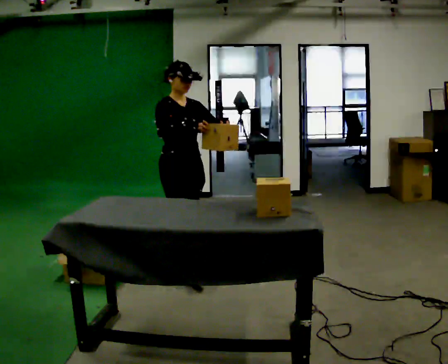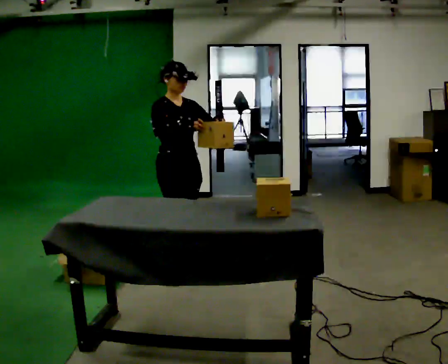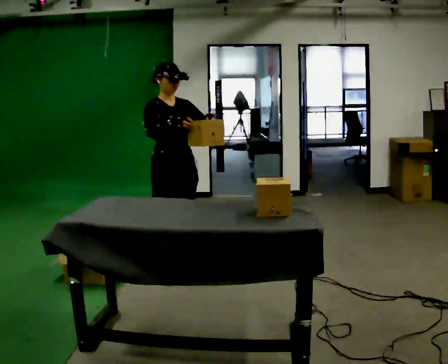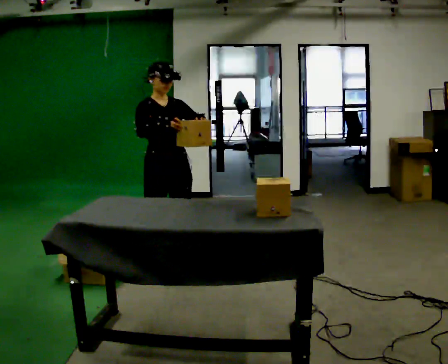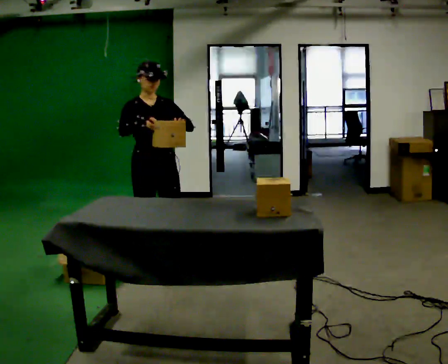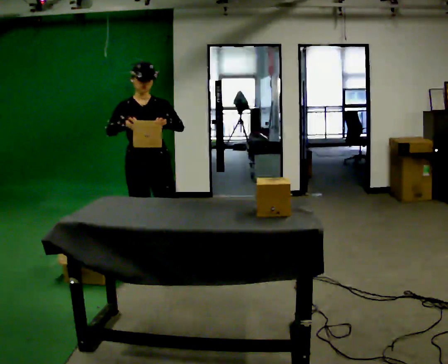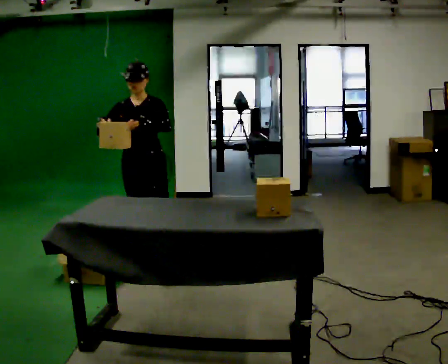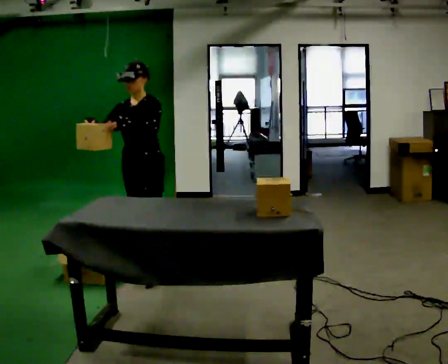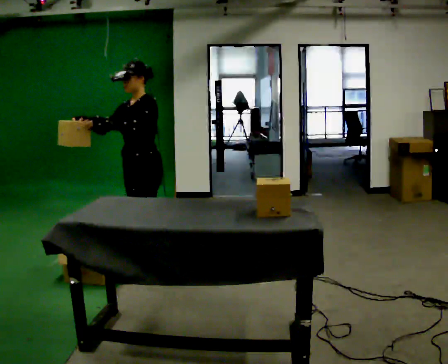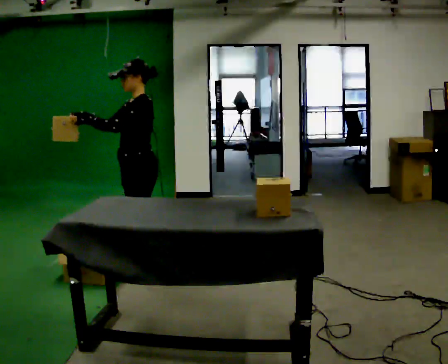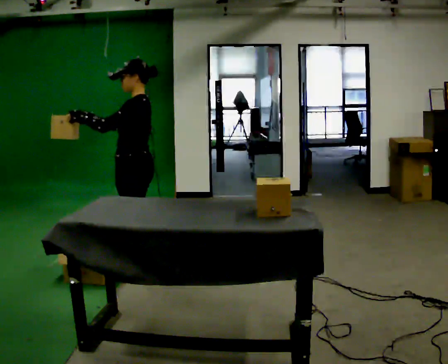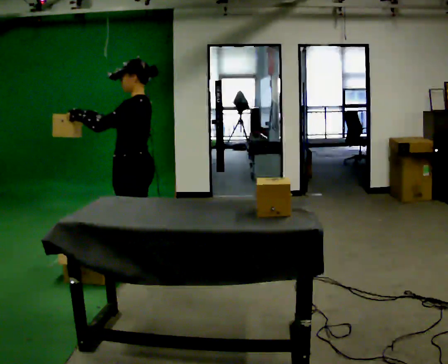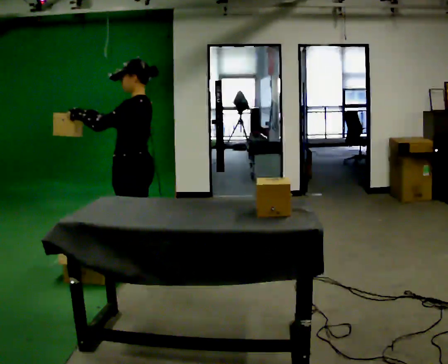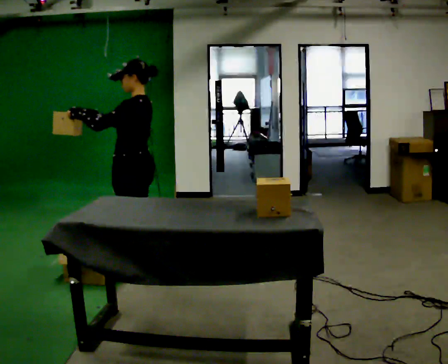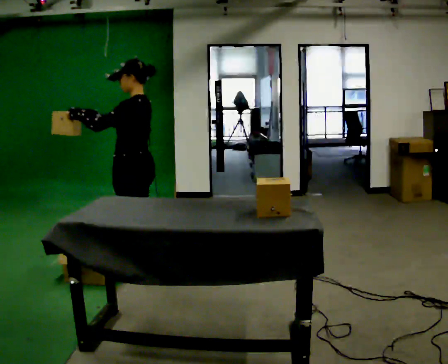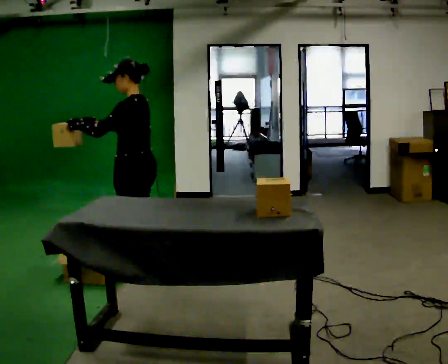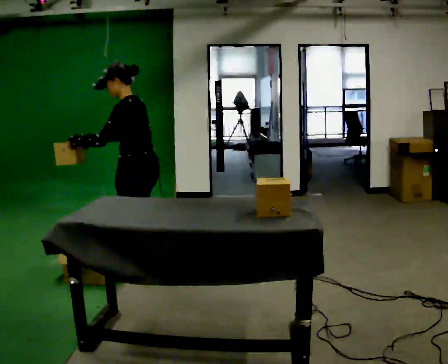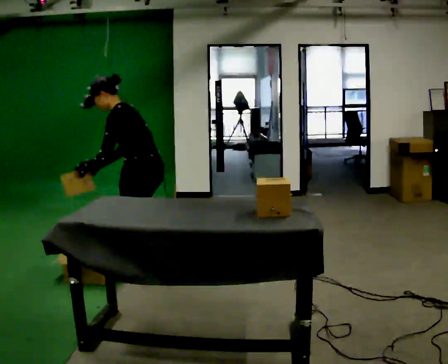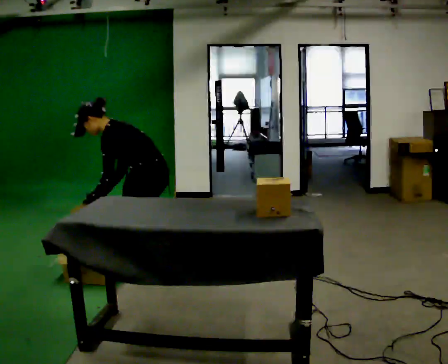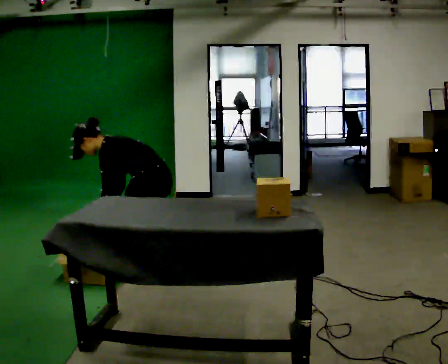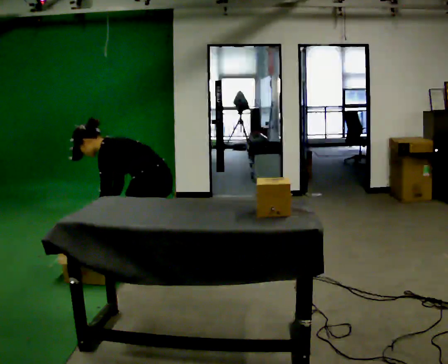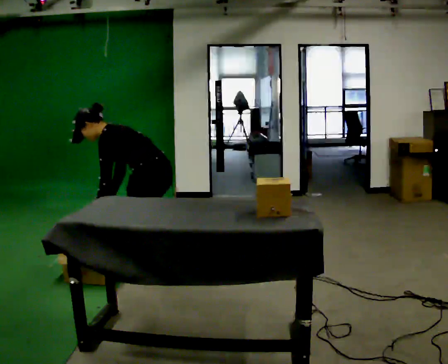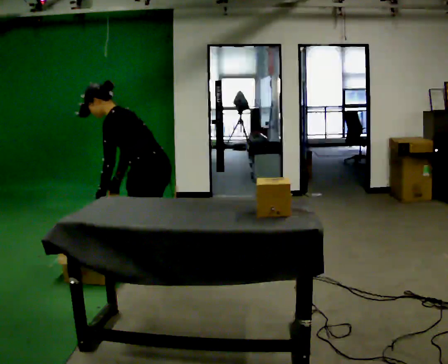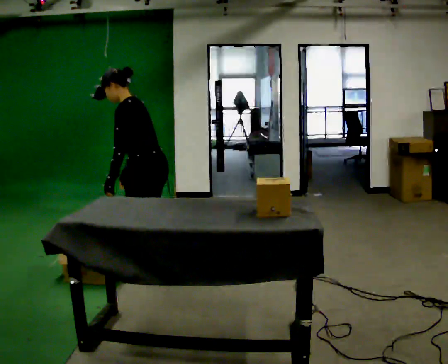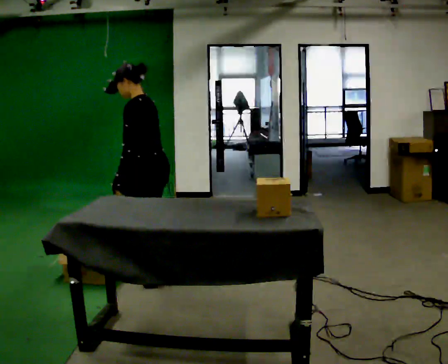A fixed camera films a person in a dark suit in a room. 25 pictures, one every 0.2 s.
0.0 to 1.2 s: The person turns about 45 degrees to their right, clockwise seen from above, so the part of the body nearest the lens slides to the left. In the picture they go to the left, about 0.25 m in 1 step, which for them is backward and to their right.
1.2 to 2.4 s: Seen from above the body turns clockwise, about 90 degrees: to their right, with its near side sliding to the left. In the picture they go toward the camera, about 0.25 m in 1 step.
2.4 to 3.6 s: The shoulders move downward. In the picture the upper body tilts counterclockwise, shoulders to the left, as they bend forward. In the picture their right hand goes downward, the arm swinging counterclockwise.
3.6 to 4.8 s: The person moves a little, or ends about where they began.
The film runs backward here.
